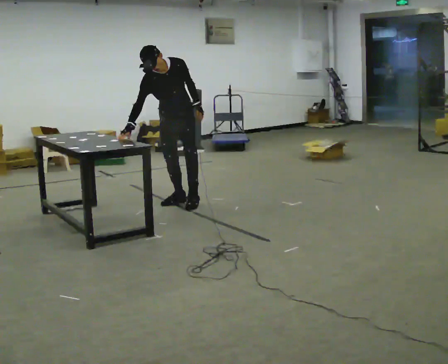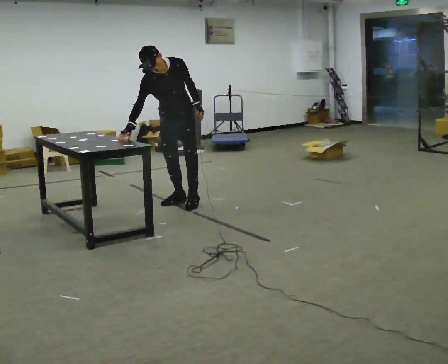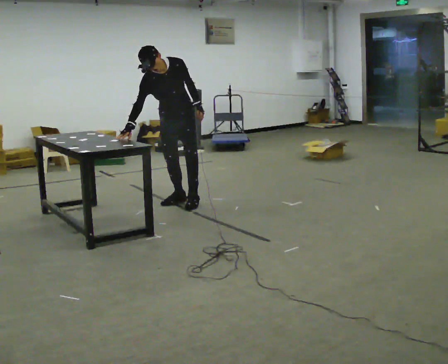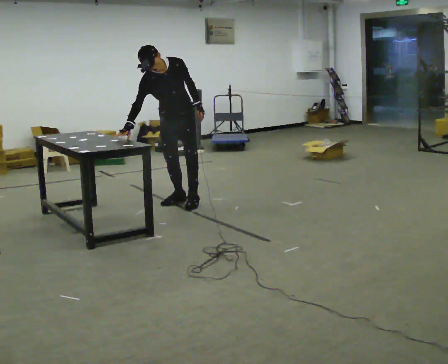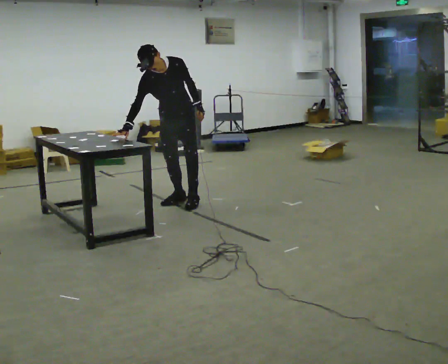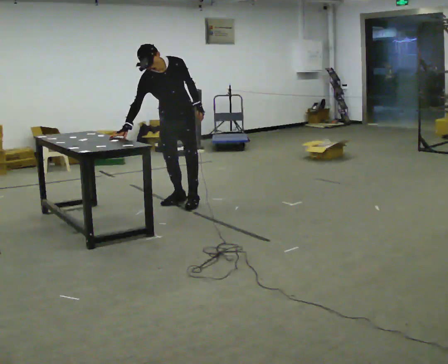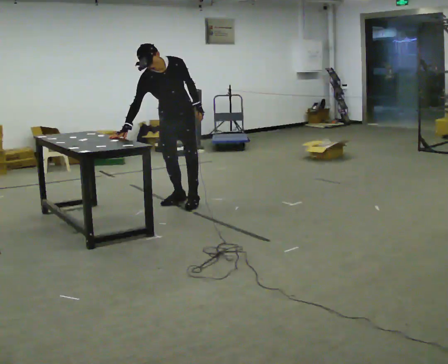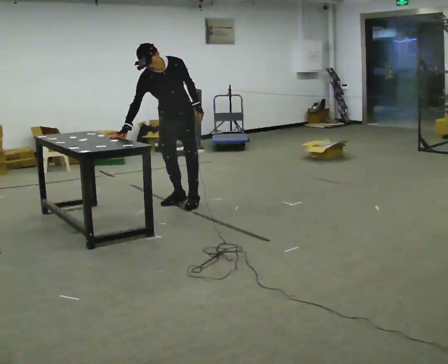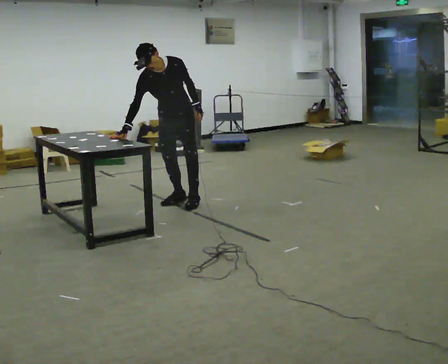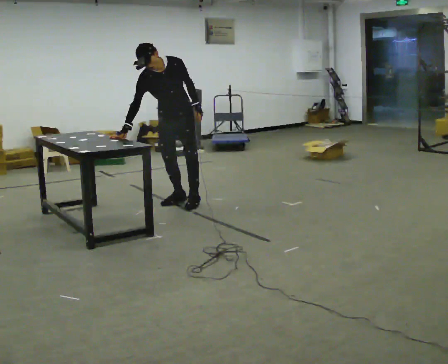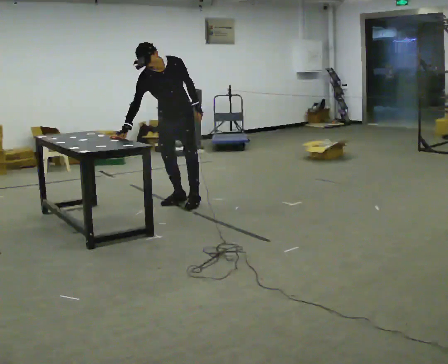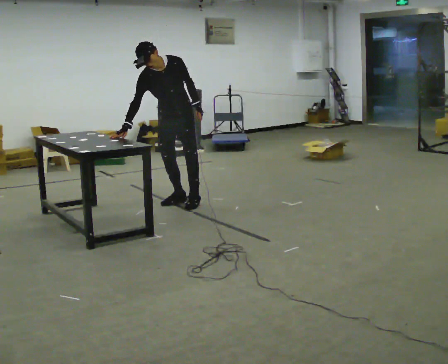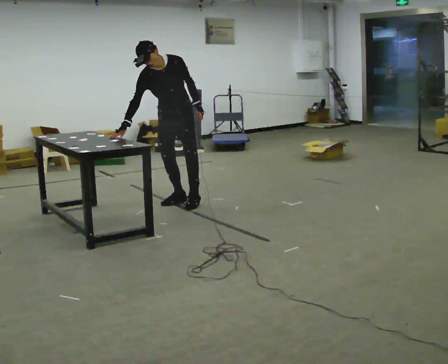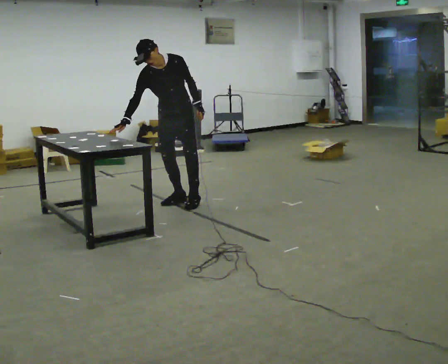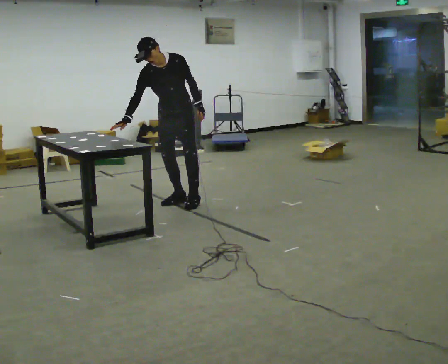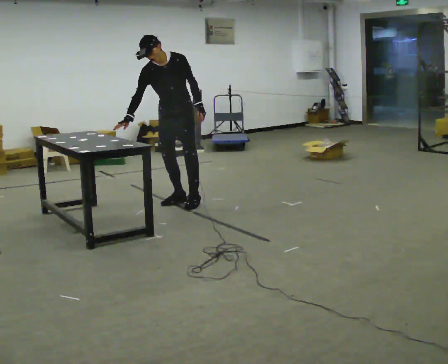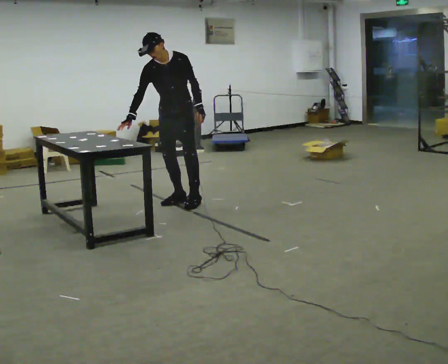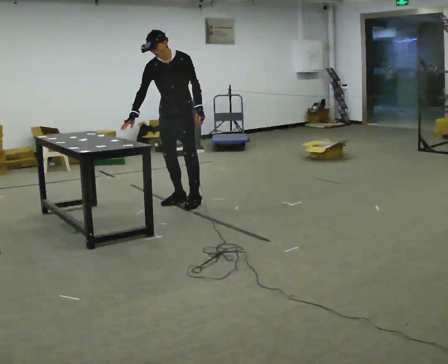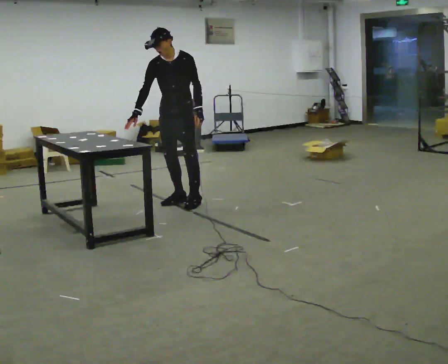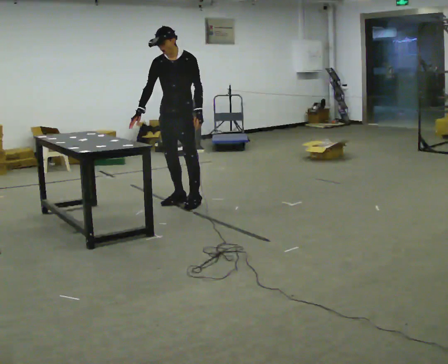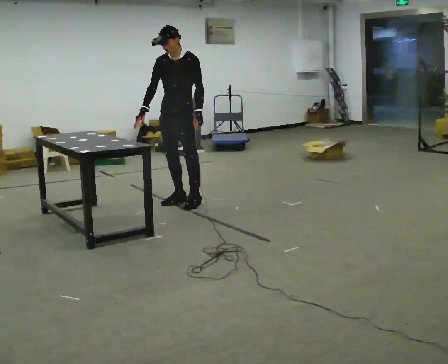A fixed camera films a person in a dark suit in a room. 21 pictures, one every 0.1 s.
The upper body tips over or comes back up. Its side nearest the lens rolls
upward.
0.0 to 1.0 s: The person moves a little, or ends about where they began.
1.0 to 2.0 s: The part of the body nearest the lens slides to the left as the person turns to their right by about 30 degrees. The upper body tips away from the camera, its near side rolling upward, as they lean back or straighten.
The film runs backward here.
